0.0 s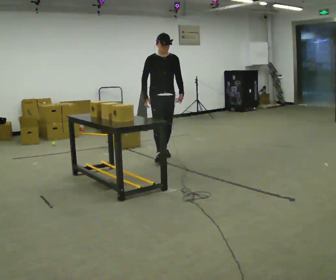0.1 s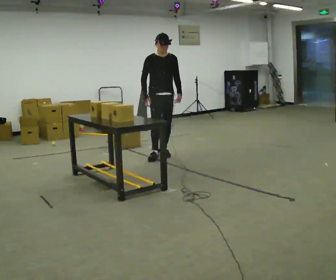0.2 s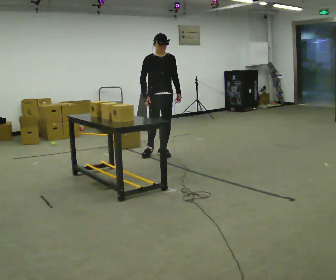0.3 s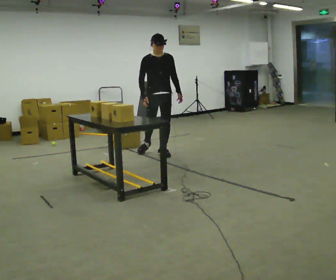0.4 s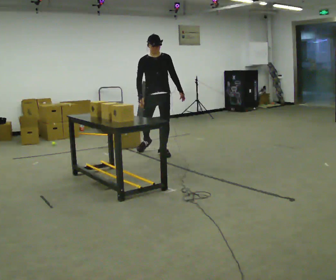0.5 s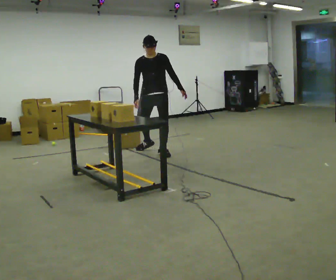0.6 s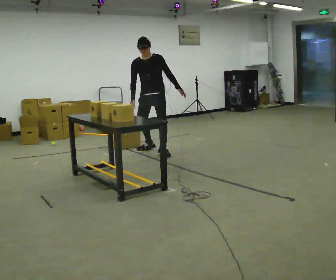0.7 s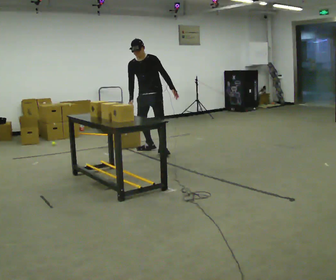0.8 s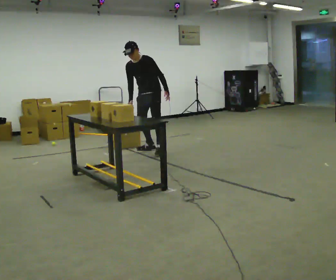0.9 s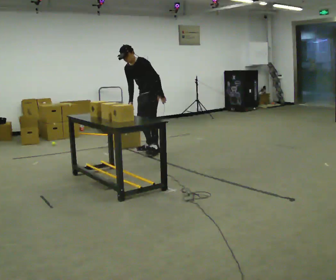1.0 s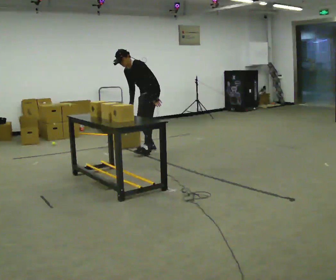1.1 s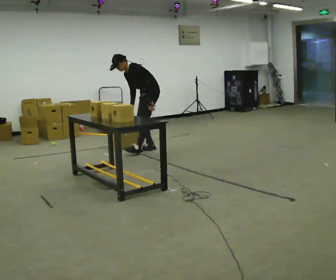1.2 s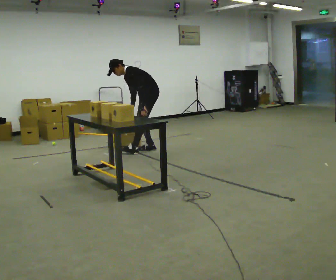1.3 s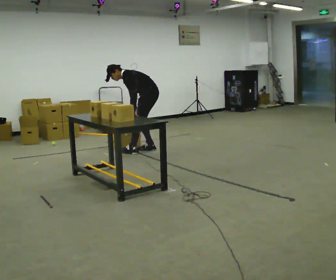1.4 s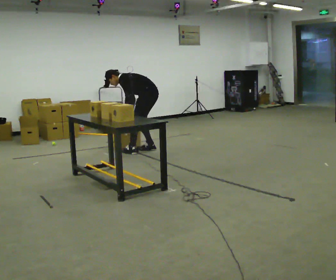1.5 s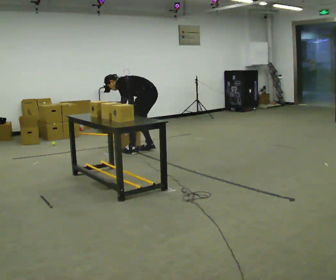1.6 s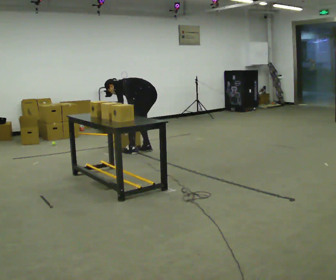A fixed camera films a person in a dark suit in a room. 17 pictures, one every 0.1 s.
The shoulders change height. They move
downward.
The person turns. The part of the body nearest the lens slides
to the left.
0.0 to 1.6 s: The part of the body nearest the lens slides to the left as the person turns to their right by about 135 degrees. In the picture they go away from the camera and to the left, about 0.25 m in 1 step. The shoulders move downward. In the picture the upper body tilts counterclockwise, shoulders to the left, as they bend forward.
The film runs backward here.
